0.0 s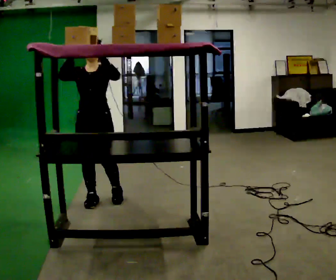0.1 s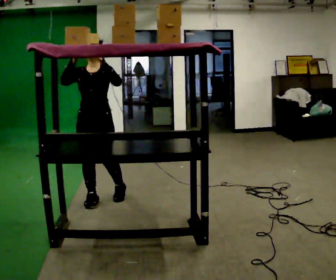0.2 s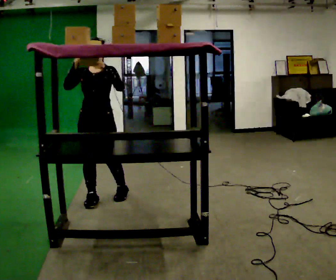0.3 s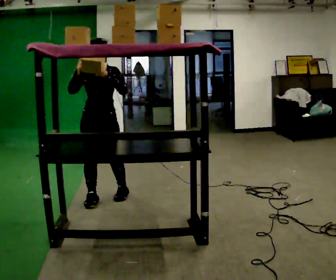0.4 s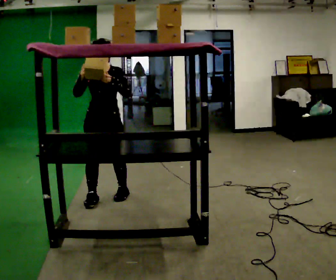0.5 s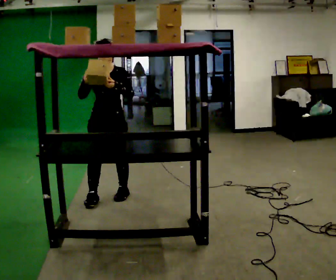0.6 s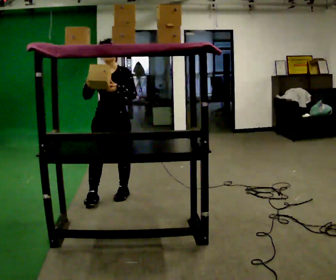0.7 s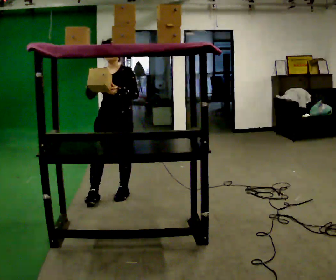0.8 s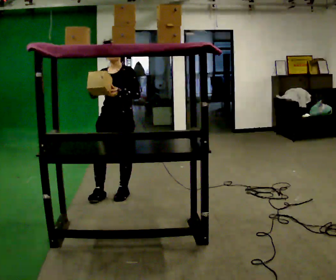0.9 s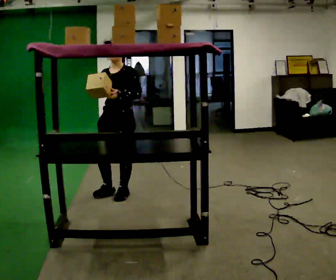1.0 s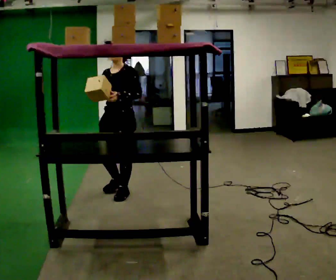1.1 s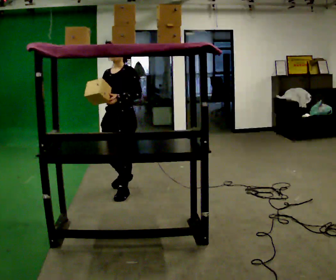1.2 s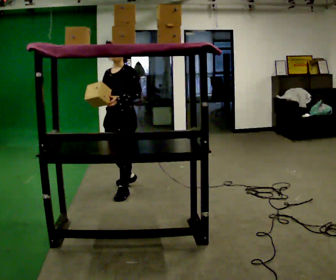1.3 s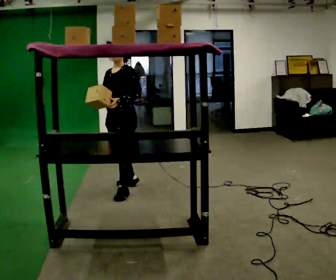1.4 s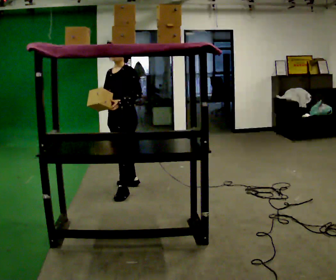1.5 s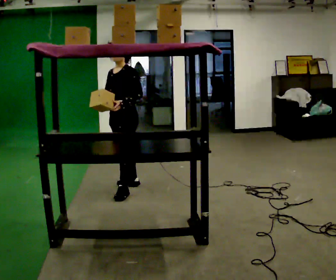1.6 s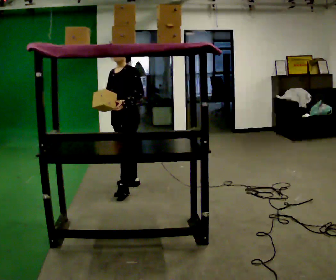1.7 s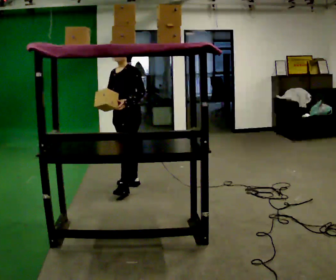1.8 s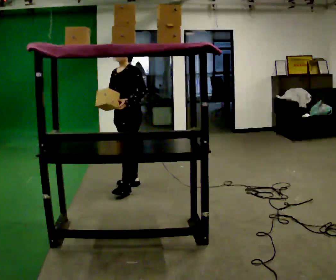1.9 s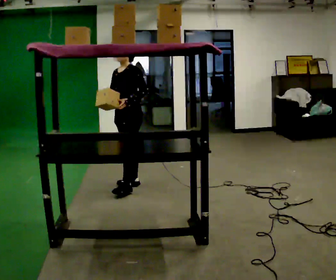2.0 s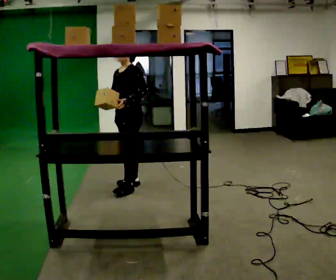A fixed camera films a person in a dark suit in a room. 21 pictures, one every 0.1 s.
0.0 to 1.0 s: The person turns about 30 degrees to their right, clockwise seen from above, so the part of the body nearest the lens slides to the left. In the picture they go to the right and away from the camera, about 0.25 m in 1 step, which for them is backward and to their left. In the picture their right hand goes downward.
1.0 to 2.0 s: In the picture they go away from the camera, about 0.25 m, which for them is backward and to their right.
The film runs backward here.
